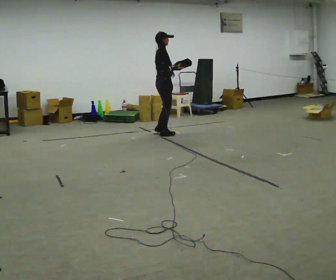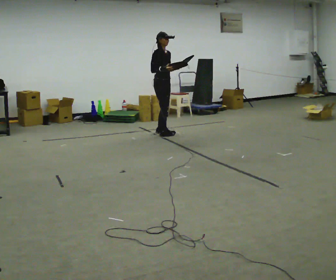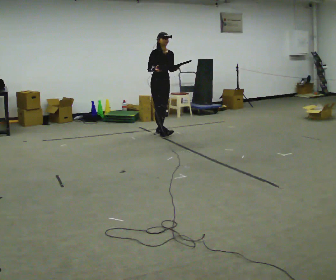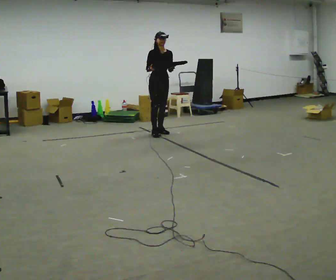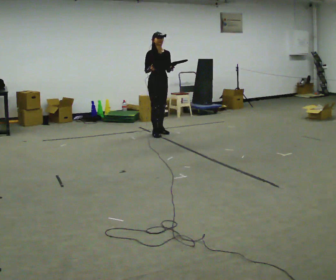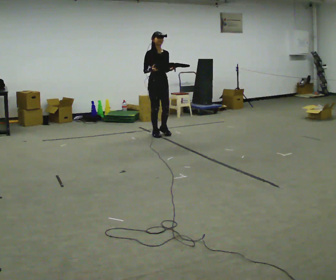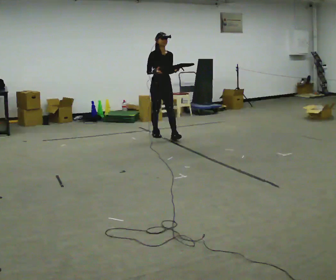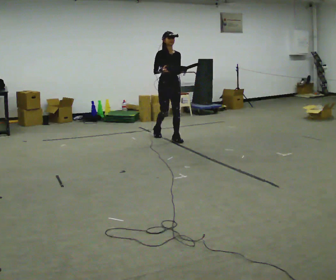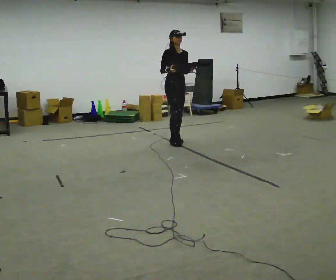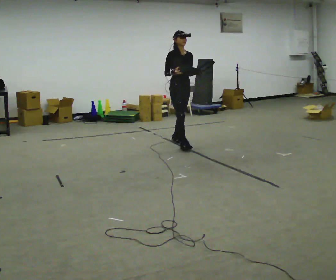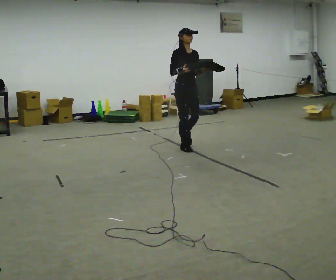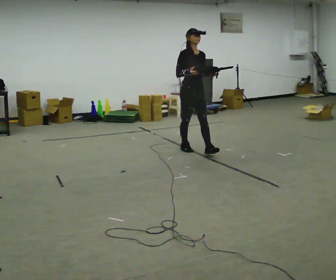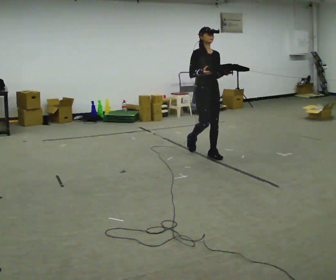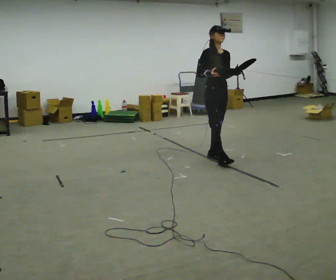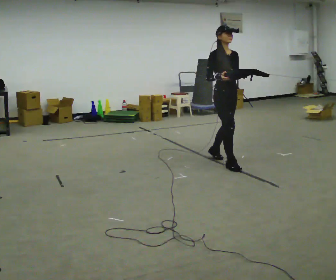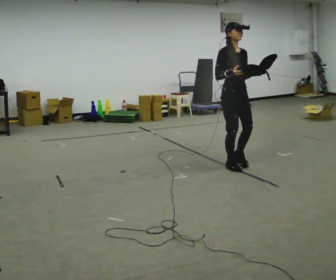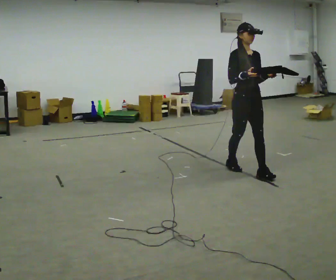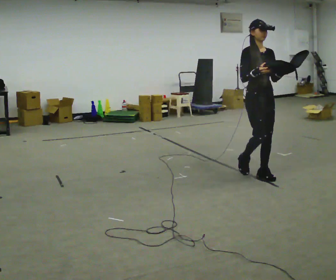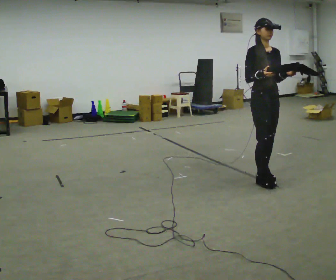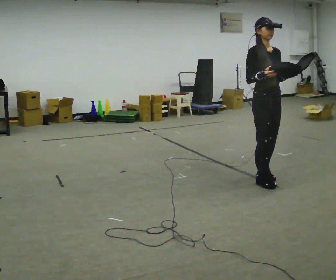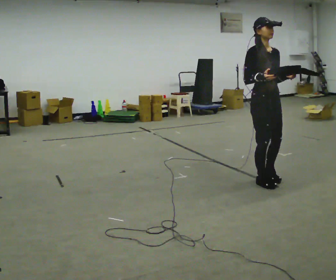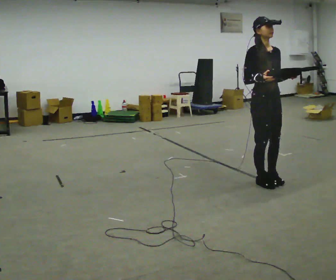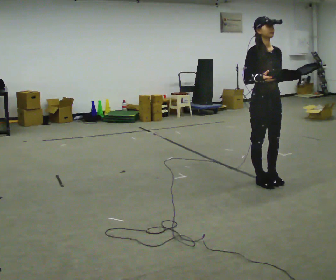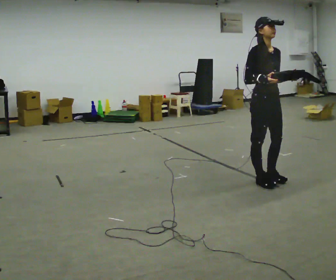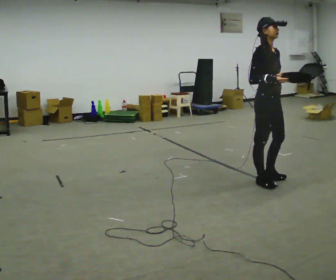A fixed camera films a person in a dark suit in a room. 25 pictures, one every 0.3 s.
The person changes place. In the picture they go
toward the camera.
0.0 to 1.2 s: The part of the body nearest the lens slides to the left as the person turns to their right by about 75 degrees. In the picture their right hand goes to the left.
1.2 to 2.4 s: In the picture they go toward the camera and to the right, about 0.5 m in 1 step, which for them is forward.
2.4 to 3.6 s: In the picture they go toward the camera and to the right, about 1 m in 2 steps, which for them is forward.
3.6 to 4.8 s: In the picture they go toward the camera and to the right, about 1 m in 2 steps, which for them is forward.
4.8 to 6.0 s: In the picture they go toward the camera, about 0.5 m in 1 step, which for them is forward.
6.0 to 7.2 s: The person moves a little, or ends about where they began.
The film runs forward here.
